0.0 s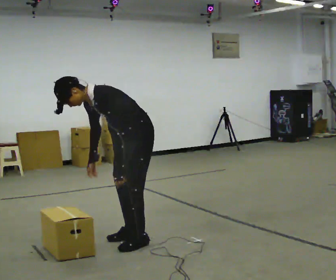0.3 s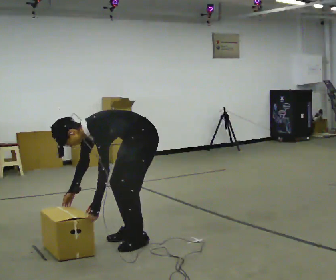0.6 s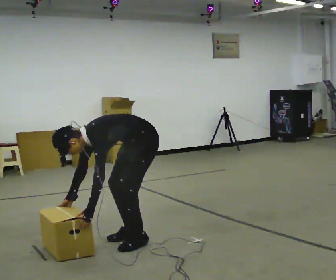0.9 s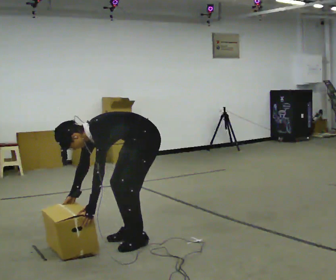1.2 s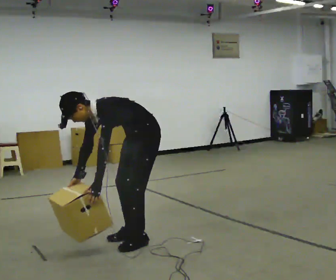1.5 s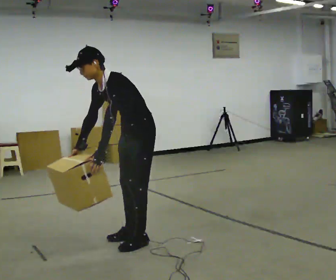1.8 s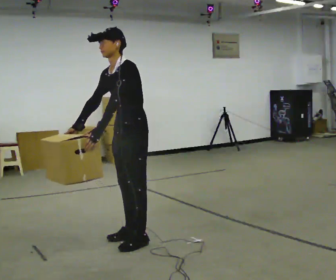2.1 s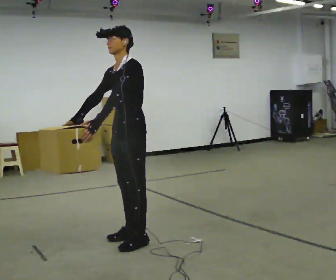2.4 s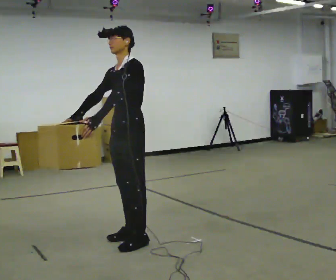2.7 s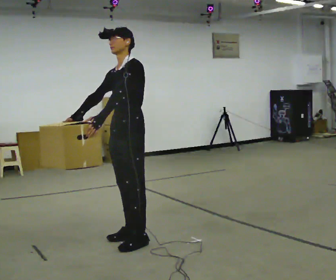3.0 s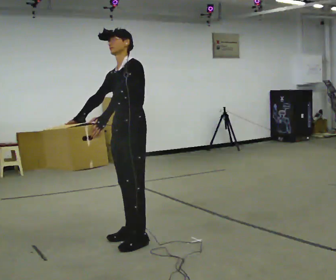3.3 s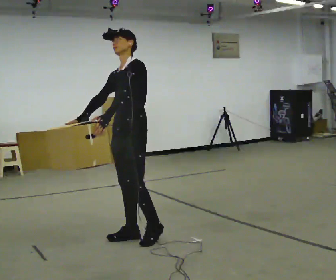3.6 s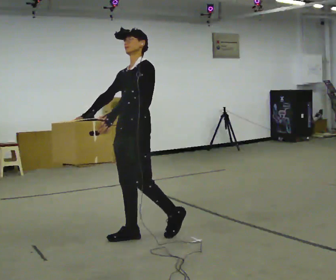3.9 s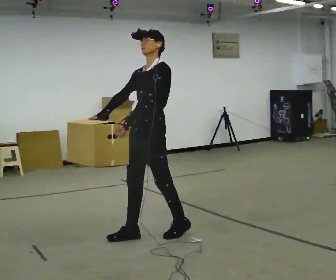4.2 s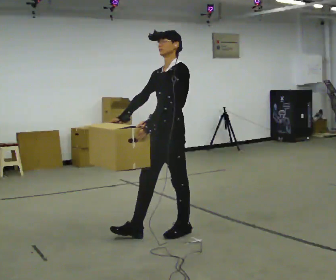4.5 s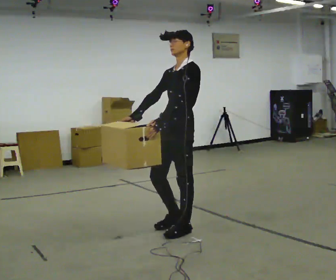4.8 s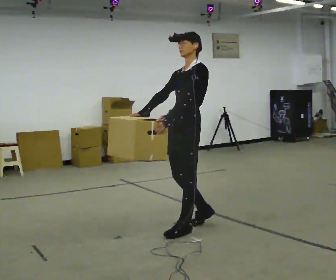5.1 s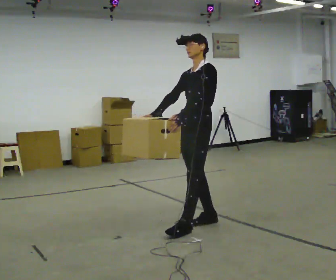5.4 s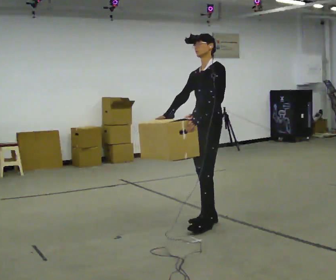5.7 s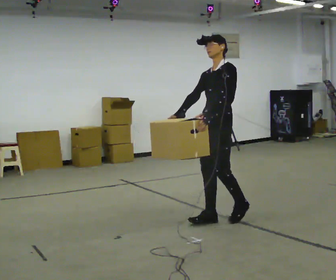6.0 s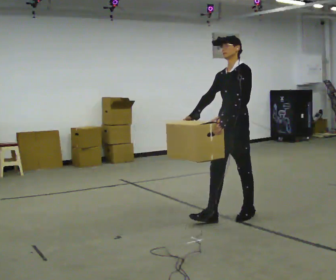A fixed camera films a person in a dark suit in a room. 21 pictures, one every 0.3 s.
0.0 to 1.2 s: The person moves a little, or ends about where they began.
1.2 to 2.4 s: The shoulders move upward. In the picture the upper body tilts clockwise, shoulders to the right, as they lean back or straighten. In the picture their right hand goes upward.
2.4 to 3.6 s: The person moves a little, or ends about where they began.
3.6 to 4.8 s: In the picture they go to the right, about 0.5 m in 1 step, which for them is backward.
4.8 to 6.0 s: In the picture they go to the right and away from the camera, about 0.5 m in 2 steps, which for them is backward.
The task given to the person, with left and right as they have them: The object is placed just too far away for you to reach. Try to reach it while keeping both feet planted, and step only when you have to. Repeat at your own pace until the operator says stop. Go slowly and only as far as you are comfortable. Step whenever you need to; do not try to hold on longer than feels safe.
The film runs forward here.
